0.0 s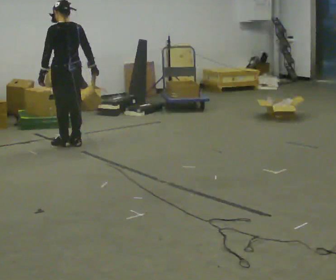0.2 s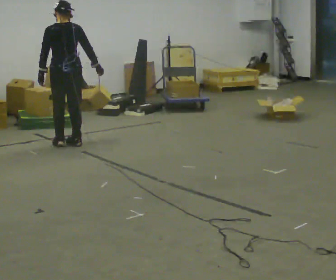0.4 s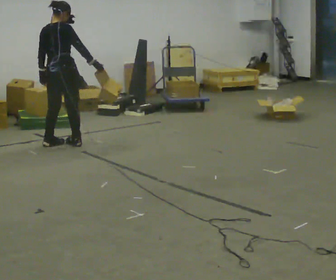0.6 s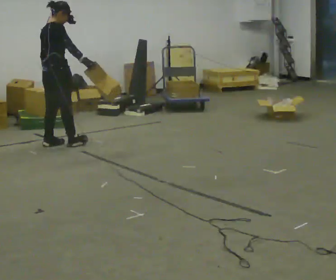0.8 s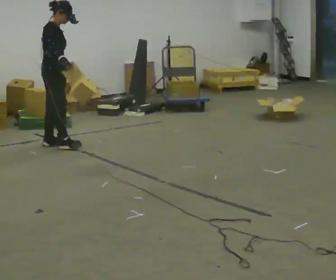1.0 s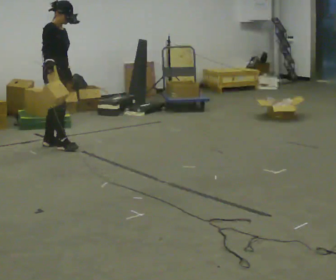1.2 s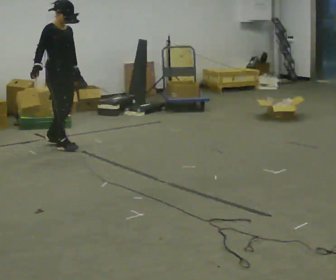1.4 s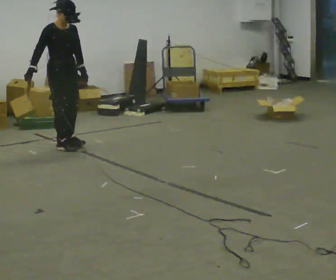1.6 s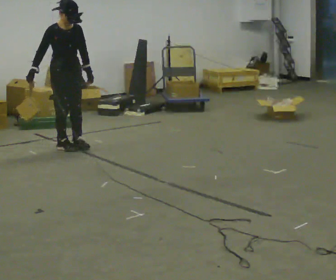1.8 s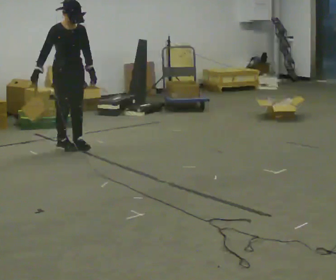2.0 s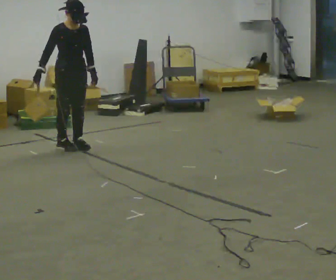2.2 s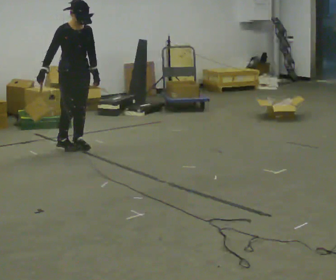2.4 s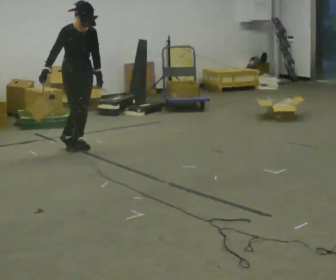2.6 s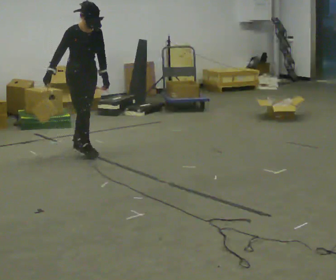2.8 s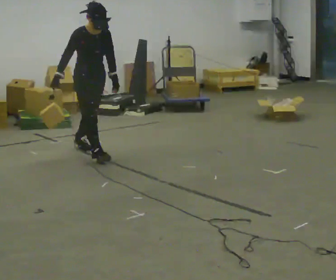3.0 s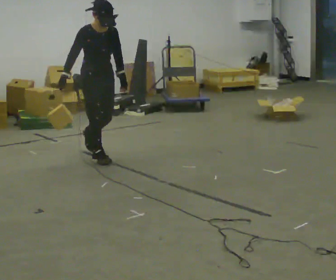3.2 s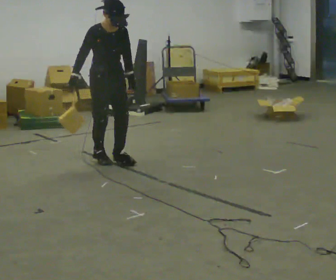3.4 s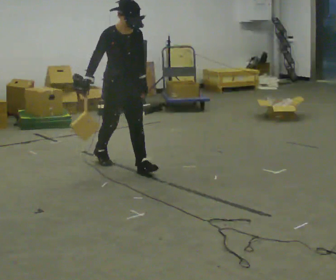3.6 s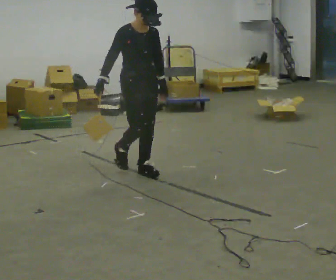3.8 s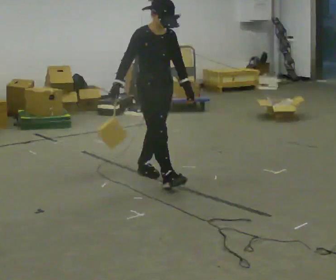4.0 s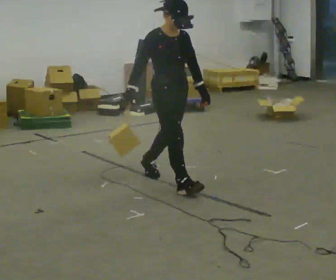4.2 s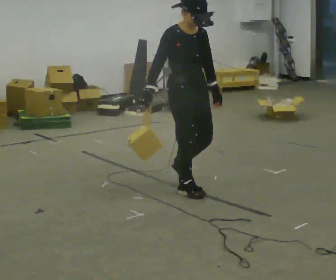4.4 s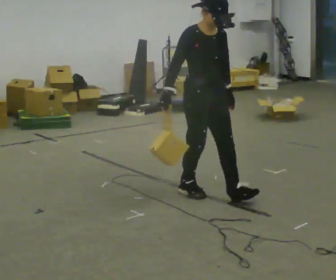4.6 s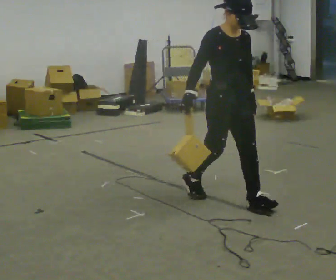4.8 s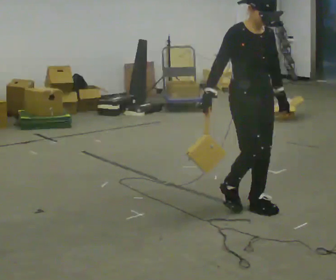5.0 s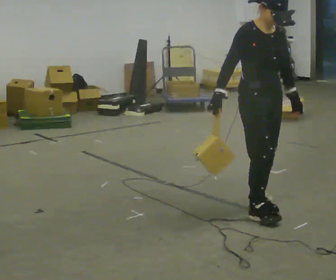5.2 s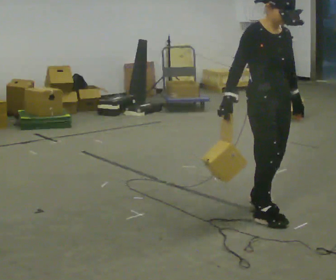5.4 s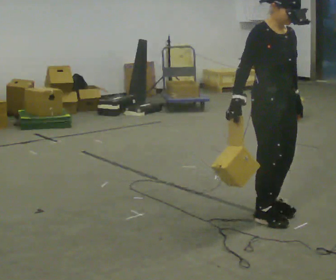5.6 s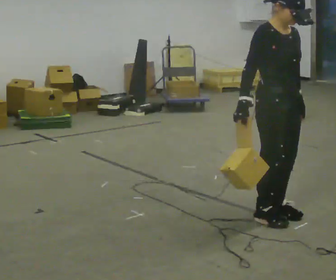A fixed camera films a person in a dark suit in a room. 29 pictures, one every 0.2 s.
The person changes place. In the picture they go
toward the camera.
0.0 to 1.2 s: The person turns about 150 degrees to their right, clockwise seen from above, so the part of the body nearest the lens slides to the left. In the picture their right hand goes to the left.
1.2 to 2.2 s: In the picture they go to the right, about 0.25 m in 1 step, which for them is forward.
2.2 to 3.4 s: In the picture they go toward the camera and to the right, about 1 m in 2 steps, which for them is forward.
3.4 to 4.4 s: In the picture they go toward the camera and to the right, about 1 m in 1 step, which for them is forward.
4.4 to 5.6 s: In the picture they go toward the camera and to the right, about 0.5 m in 3 steps, which for them is forward.
The film runs forward here.
